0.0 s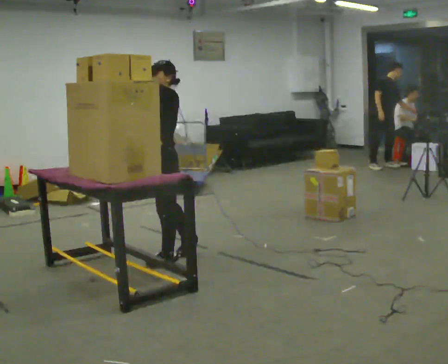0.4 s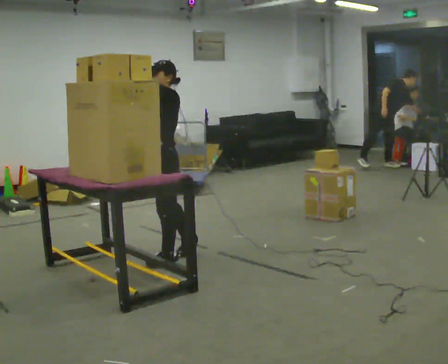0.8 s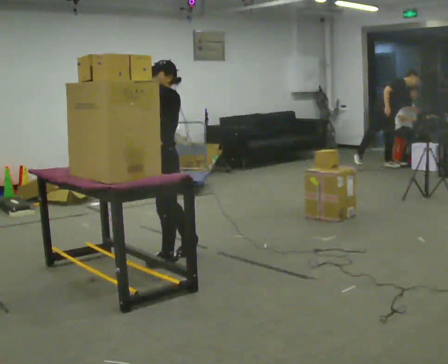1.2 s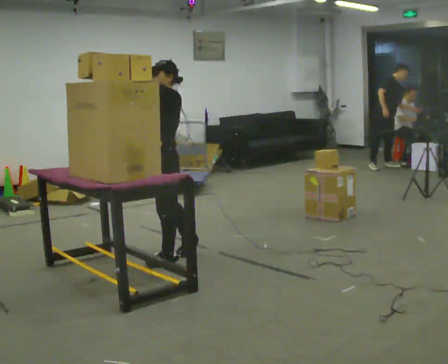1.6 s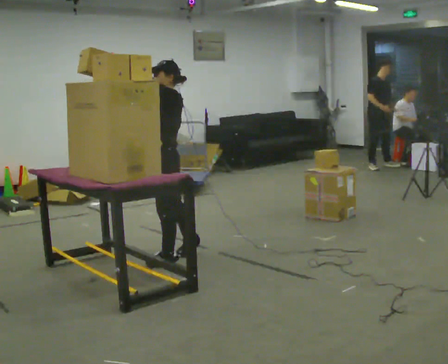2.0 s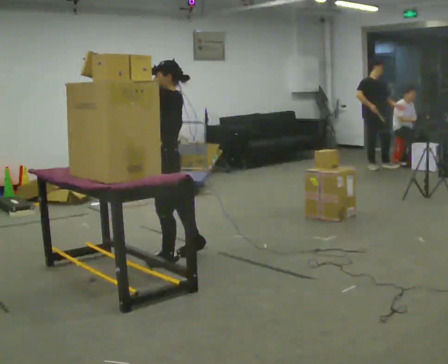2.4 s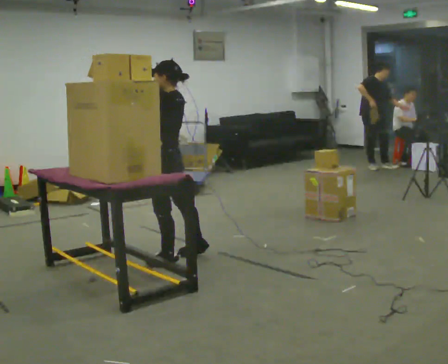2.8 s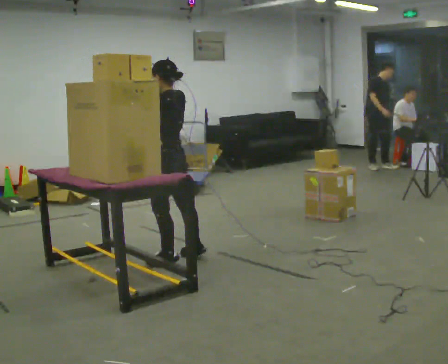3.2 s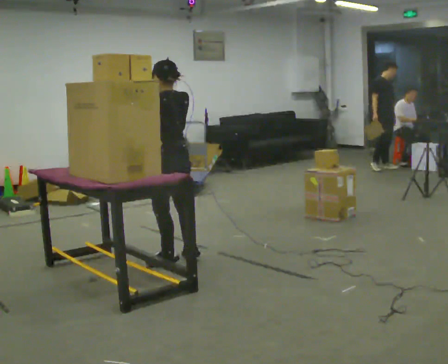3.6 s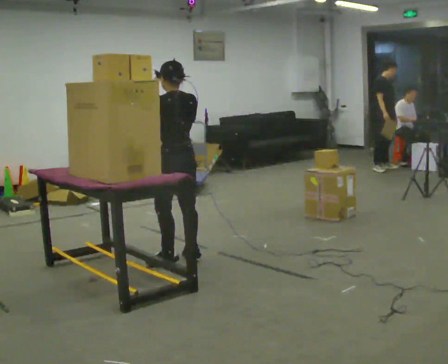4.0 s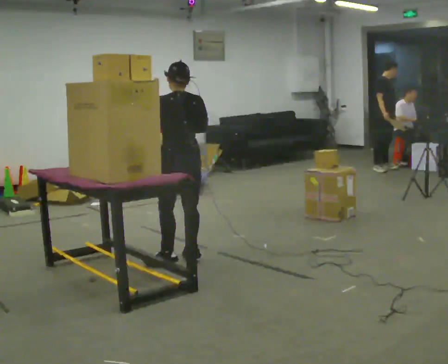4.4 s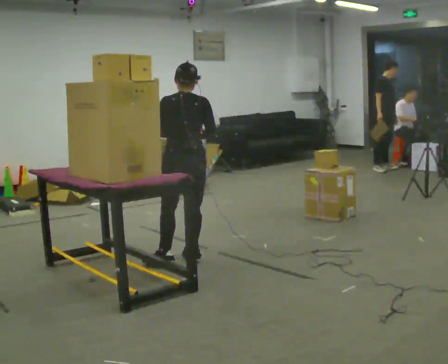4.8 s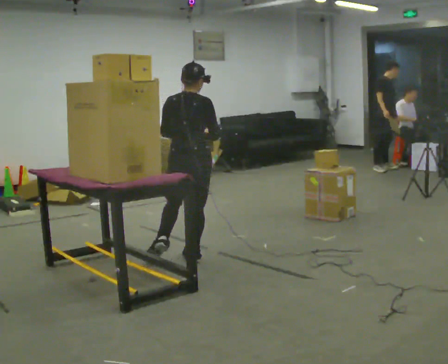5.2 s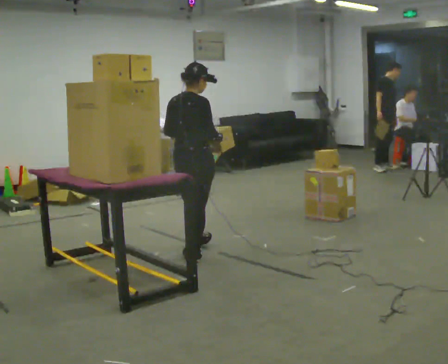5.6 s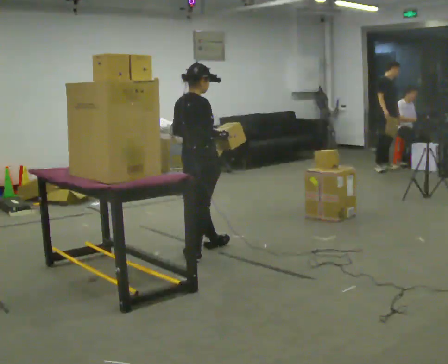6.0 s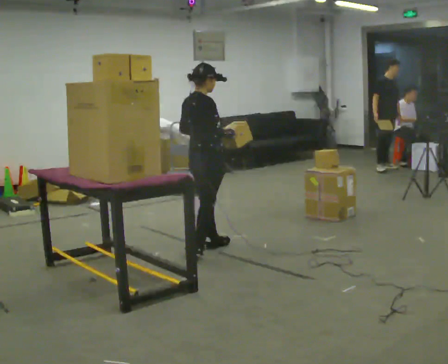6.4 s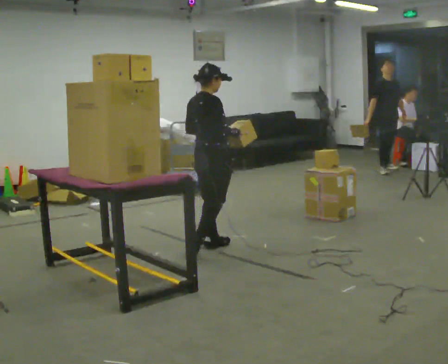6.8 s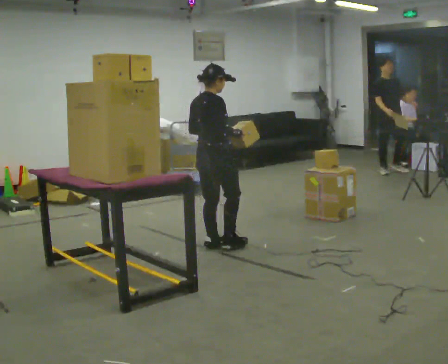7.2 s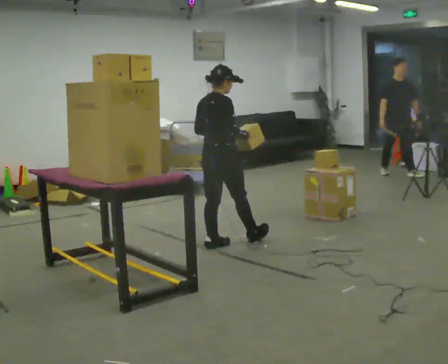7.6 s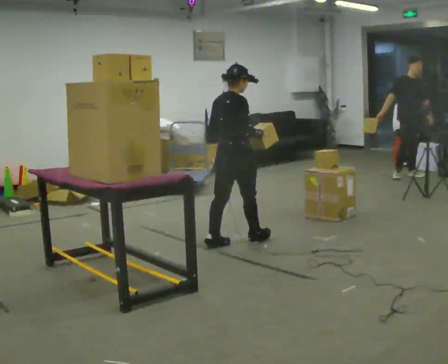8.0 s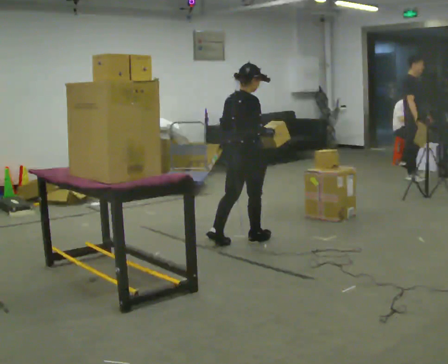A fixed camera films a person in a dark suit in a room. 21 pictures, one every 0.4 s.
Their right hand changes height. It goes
downward.
The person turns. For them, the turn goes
to their right.
0.0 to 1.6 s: The person moves a little, or ends about where they began.
1.6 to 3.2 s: The person turns about 75 degrees to their right, clockwise seen from above, so the part of the body nearest the lens slides to the left. In the picture their right hand goes to the right.
3.2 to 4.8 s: Seen from above the body turns clockwise, about 60 degrees: to their right, with its near side sliding to the left. In the picture their right hand goes to the right and downward.
4.8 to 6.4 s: Seen from above the body turns clockwise, about 45 degrees: to their right, with its near side sliding to the left. In the picture they go away from the camera and to the right, about 0.25 m in 1 step, which for them is forward and to their left.
6.4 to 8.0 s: In the picture they go to the right, about 0.25 m in 1 step, which for them is forward.
The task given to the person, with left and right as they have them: Take an object down from the highest shelf you can comfortably reach, carry it across, and place it on the waist-height shelf. Keep going until the operator says stop; one object at a time, and do not rush between trips.
The film runs forward here.
